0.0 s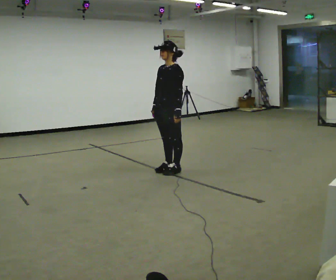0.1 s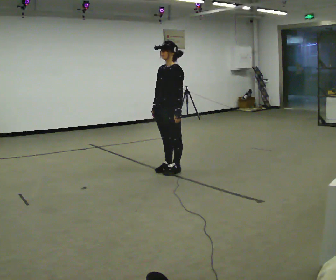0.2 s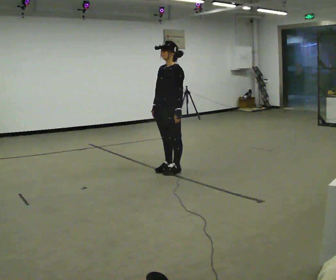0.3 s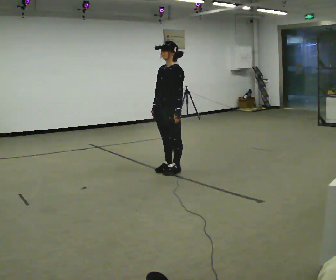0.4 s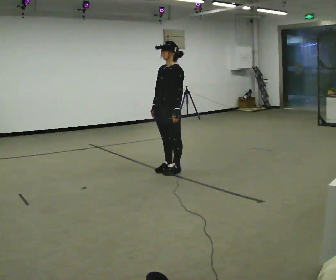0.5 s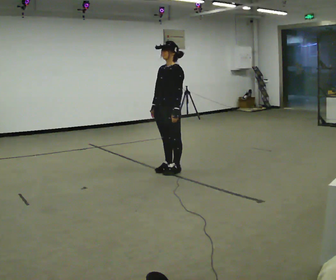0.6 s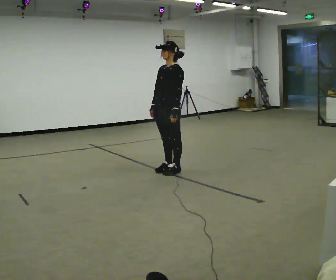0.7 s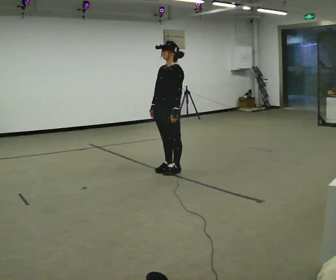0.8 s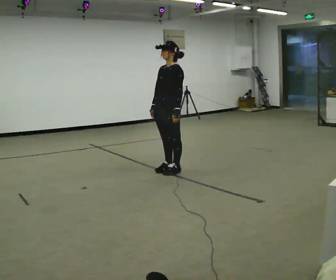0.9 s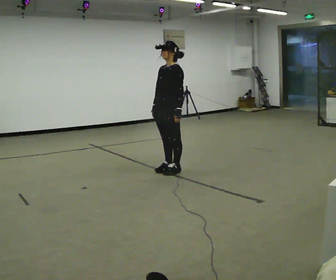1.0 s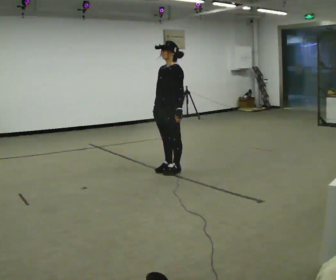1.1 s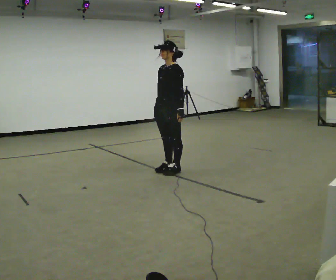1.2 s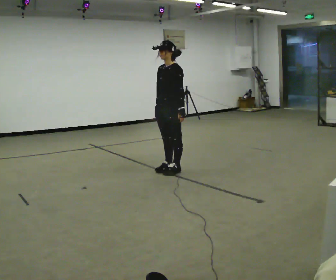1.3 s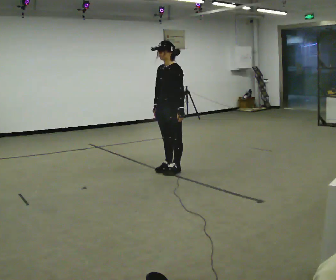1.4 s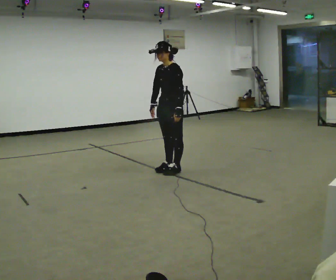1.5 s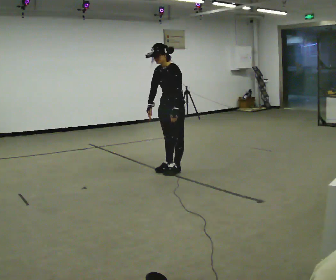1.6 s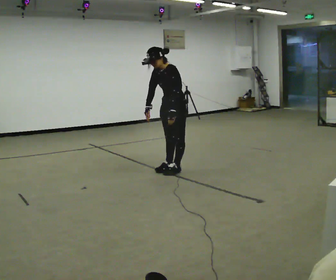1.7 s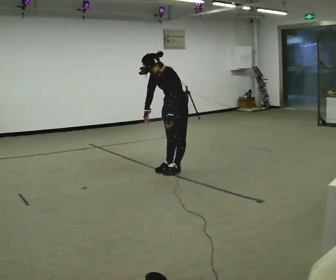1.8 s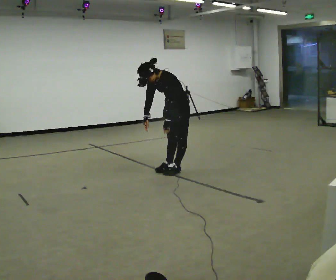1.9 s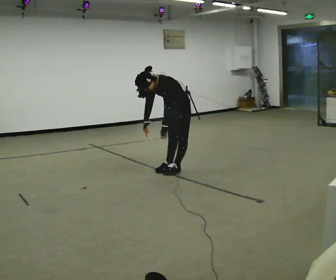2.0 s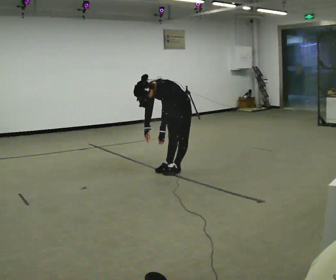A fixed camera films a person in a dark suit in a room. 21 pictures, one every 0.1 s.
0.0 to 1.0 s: The person moves a little, or ends about where they began.
1.0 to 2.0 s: The upper body goes downward. In the picture the upper body tilts counterclockwise, shoulders to the left, as they bend forward.
The film runs backward here.
